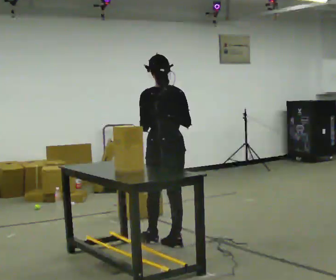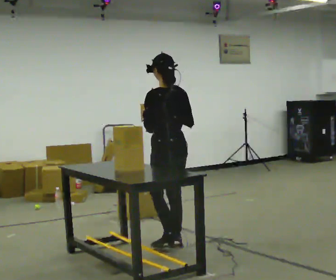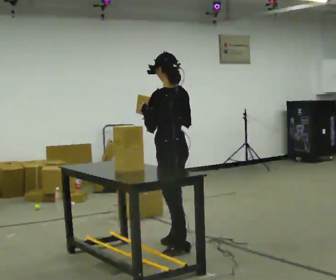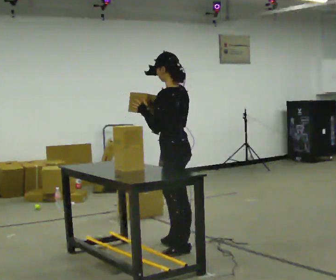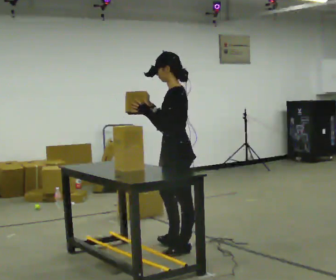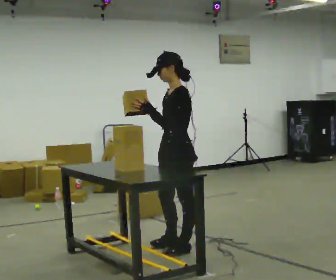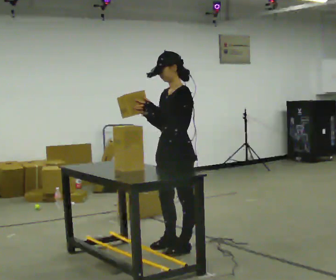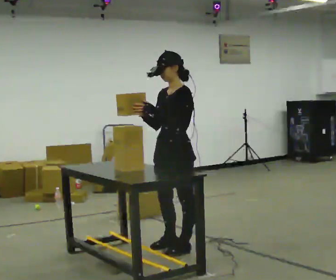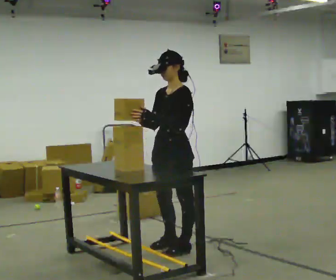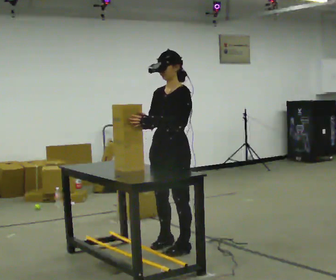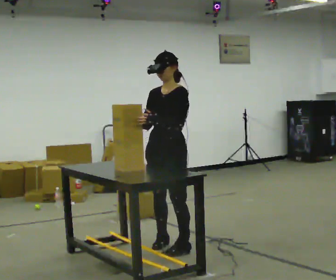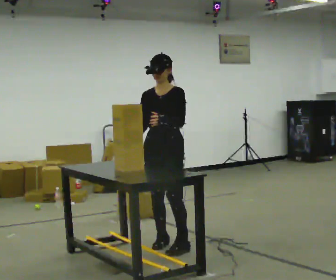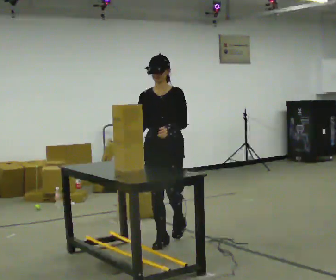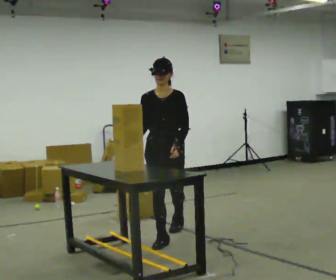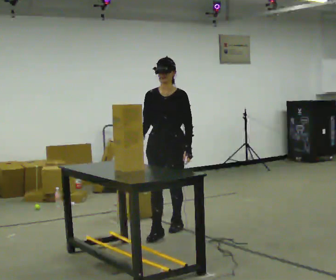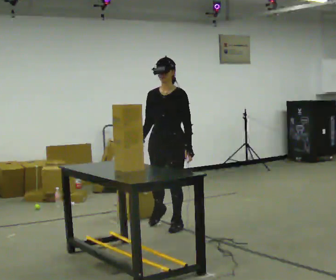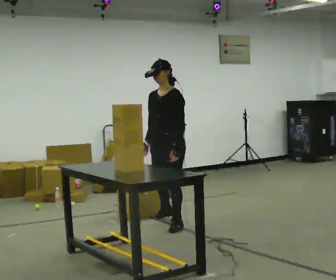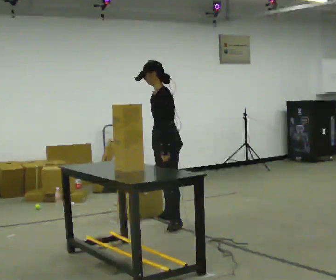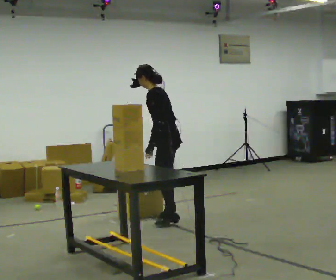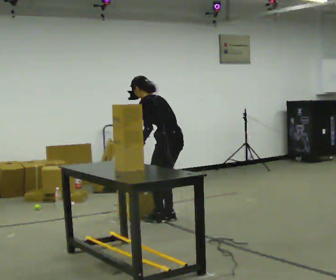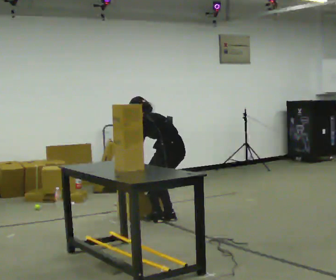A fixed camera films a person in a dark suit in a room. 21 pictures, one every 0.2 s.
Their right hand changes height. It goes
downward.
0.0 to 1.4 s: Seen from above the body turns counterclockwise, about 90 degrees: to their left, with its near side sliding to the right. In the picture they go toward the camera, about 0.25 m.
1.4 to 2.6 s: Seen from above the body turns counterclockwise, about 60 degrees: to their left, with its near side sliding to the right. In the picture they go away from the camera, about 0.5 m in 1 step, which for them is to their right and backward.
2.6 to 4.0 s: The person turns about 135 degrees to their right, clockwise seen from above, so the part of the body nearest the lens slides to the left. In the picture they go away from the camera, about 0.75 m in 2 steps. The upper body goes downward. The upper body tips away from the camera, its near side rolling upward, as they bend forward. In the picture their right hand goes downward.
The film runs backward here.
